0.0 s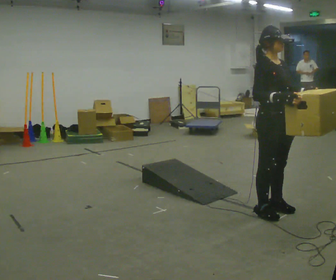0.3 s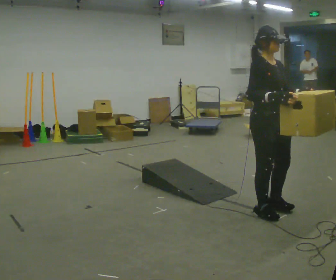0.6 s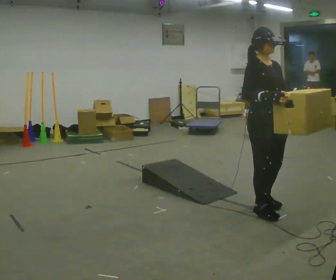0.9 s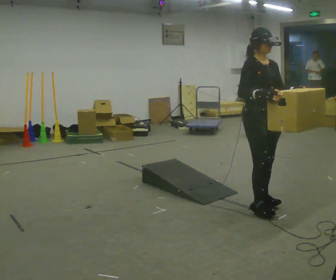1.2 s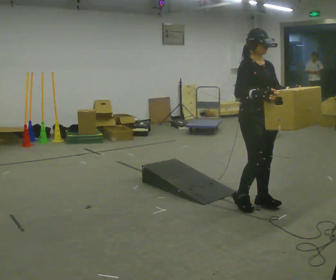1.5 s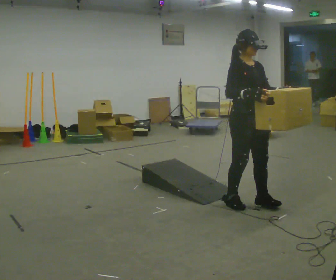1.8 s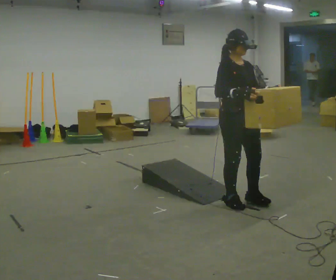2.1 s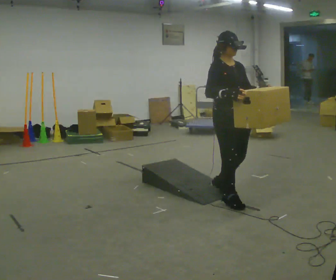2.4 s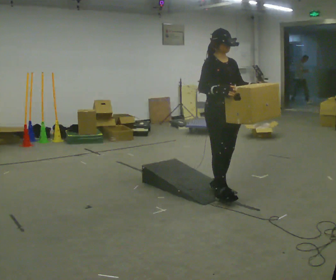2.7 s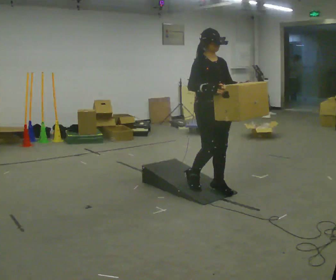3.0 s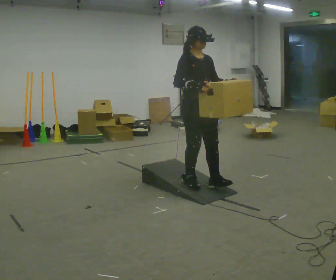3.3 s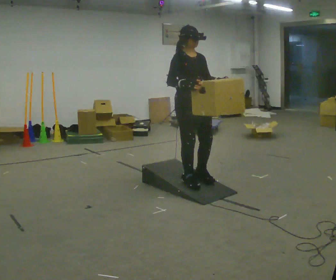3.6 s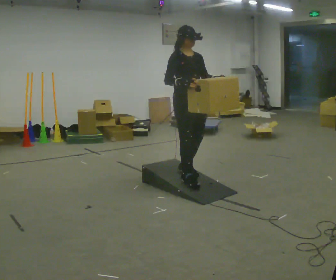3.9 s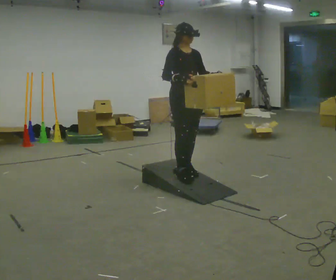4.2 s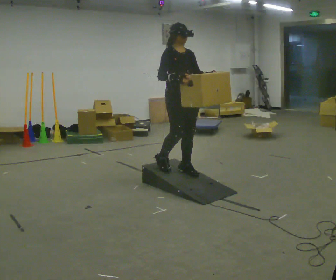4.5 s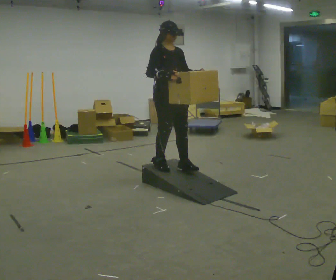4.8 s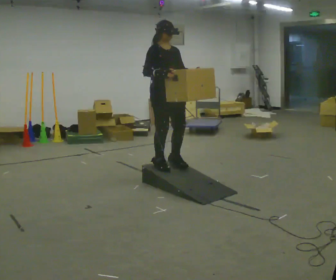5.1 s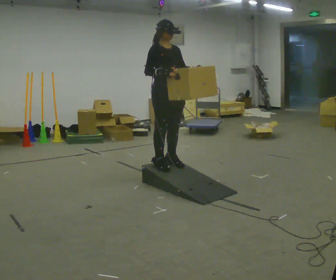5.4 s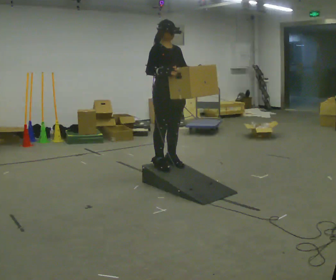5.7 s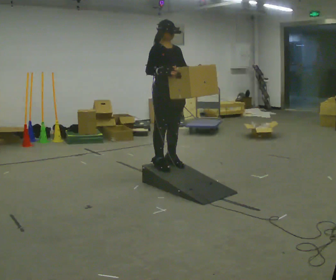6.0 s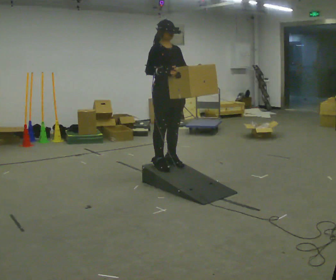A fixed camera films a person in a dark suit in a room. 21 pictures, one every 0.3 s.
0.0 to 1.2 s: In the picture they go away from the camera, about 0.25 m in 2 steps, which for them is backward.
1.2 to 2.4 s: In the picture they go away from the camera and to the left, about 0.5 m in 2 steps, which for them is backward.
2.4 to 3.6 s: In the picture they go to the left and away from the camera, about 0.5 m in 1 step, which for them is backward.
3.6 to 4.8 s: In the picture they go to the left and away from the camera, about 0.25 m in 2 steps, which for them is backward.
4.8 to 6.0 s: The person moves a little, or ends about where they began.
The film runs backward here.
